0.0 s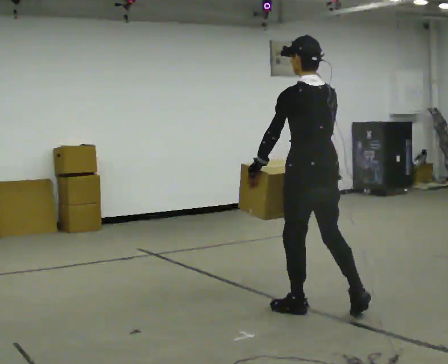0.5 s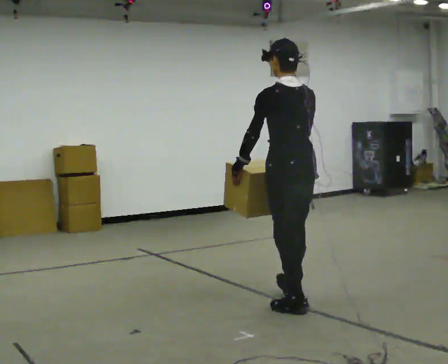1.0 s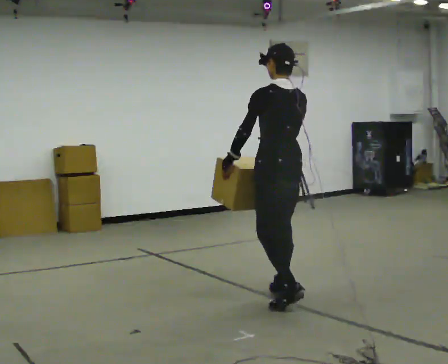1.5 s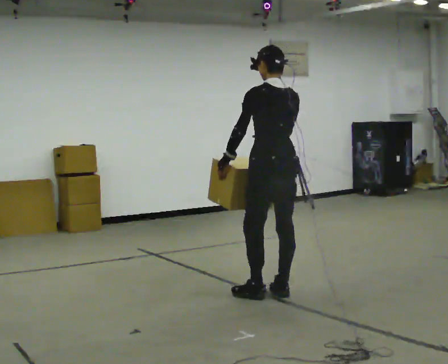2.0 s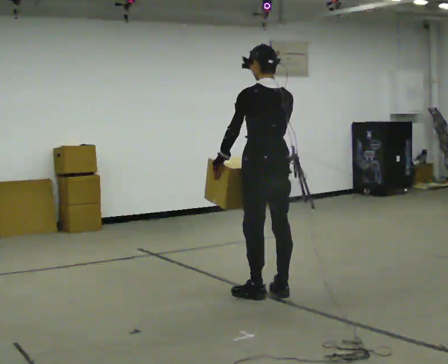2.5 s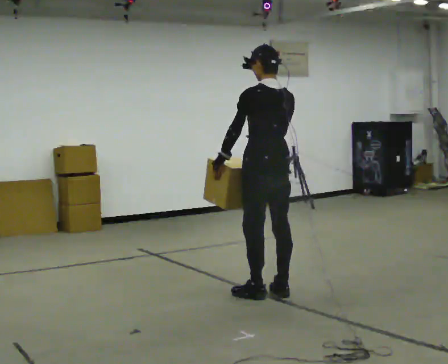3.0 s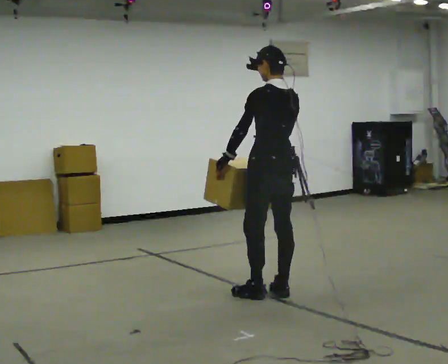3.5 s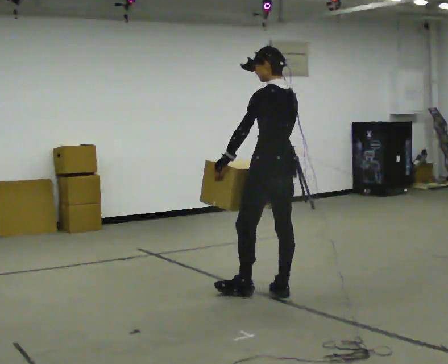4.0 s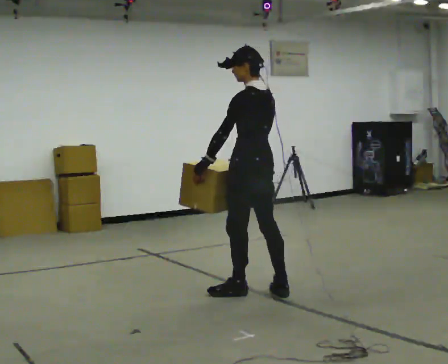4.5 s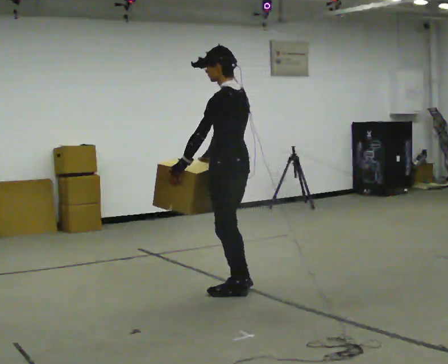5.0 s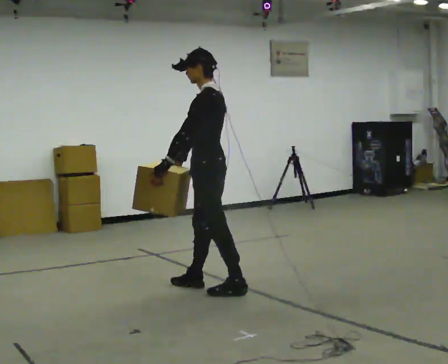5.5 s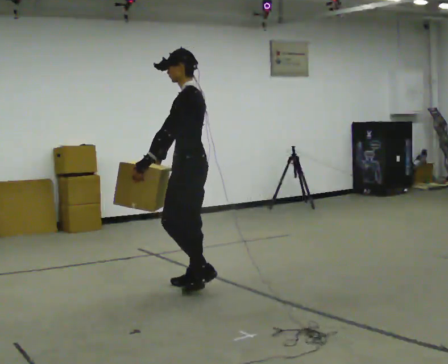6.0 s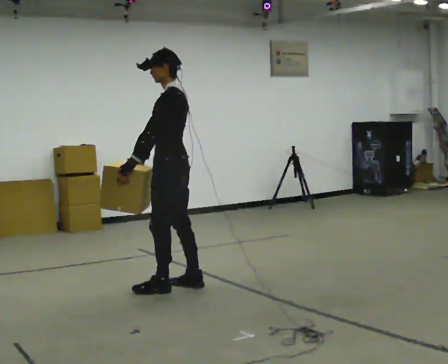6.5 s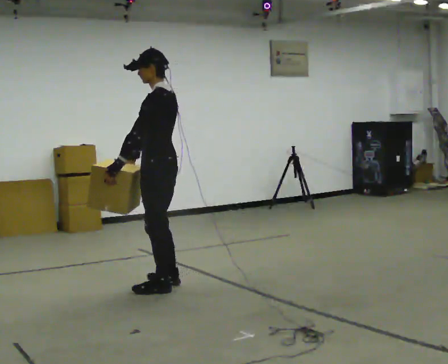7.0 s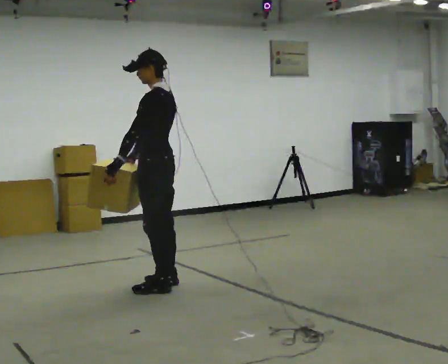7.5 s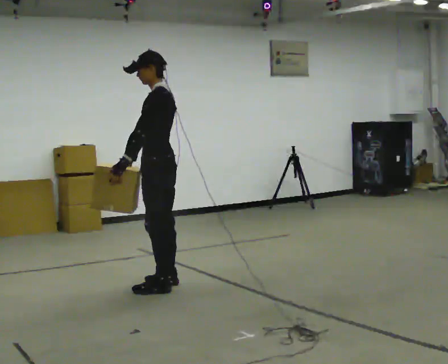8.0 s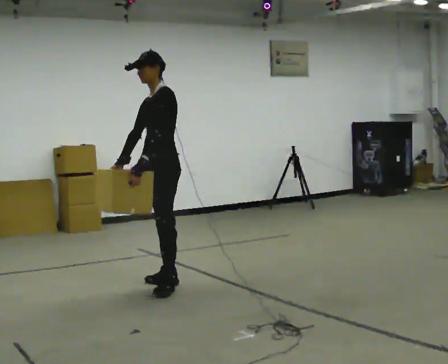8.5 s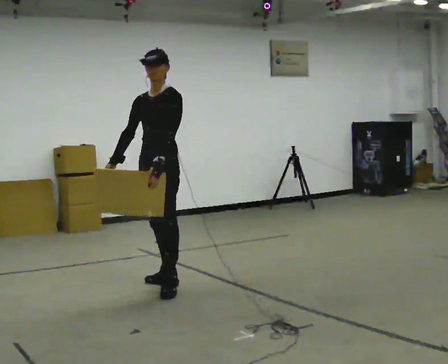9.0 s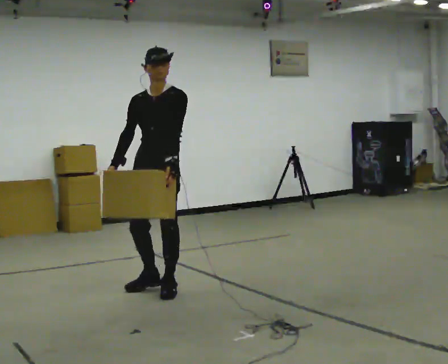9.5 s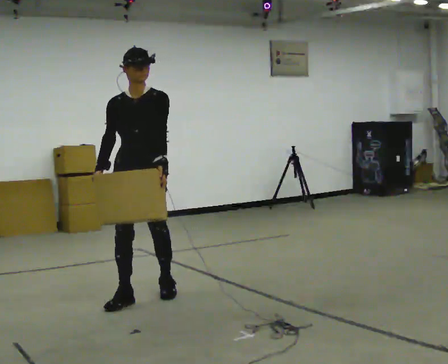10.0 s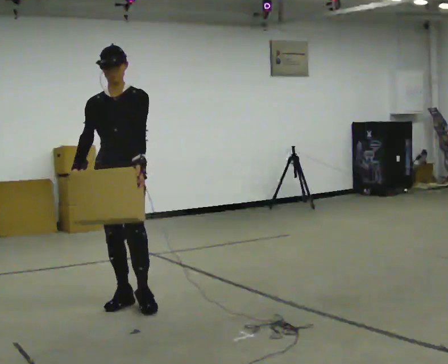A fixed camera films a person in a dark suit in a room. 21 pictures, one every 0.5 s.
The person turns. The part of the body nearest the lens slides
to the right.
The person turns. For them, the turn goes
to their left.
0.0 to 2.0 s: In the picture they go away from the camera and to the left, about 0.5 m in 2 steps, which for them is forward.
2.0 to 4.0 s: The person moves a little, or ends about where they began.
4.0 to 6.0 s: The person turns about 30 degrees to their left, counterclockwise seen from above, so the part of the body nearest the lens slides to the right. In the picture they go to the left, about 0.5 m in 2 steps, which for them is forward.
6.0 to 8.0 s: The person turns about 30 degrees to their left, counterclockwise seen from above, so the part of the body nearest the lens slides to the right.
8.0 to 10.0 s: The person turns about 60 degrees to their left, counterclockwise seen from above, so the part of the body nearest the lens slides to the right. In the picture they go toward the camera and to the left, about 0.5 m in 1 step.
The film runs forward here.
